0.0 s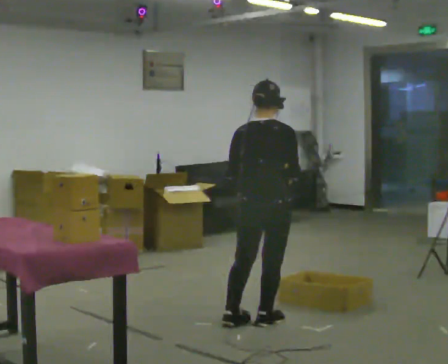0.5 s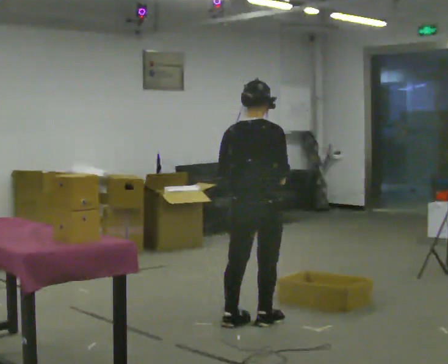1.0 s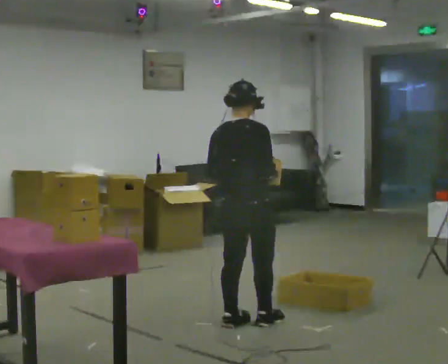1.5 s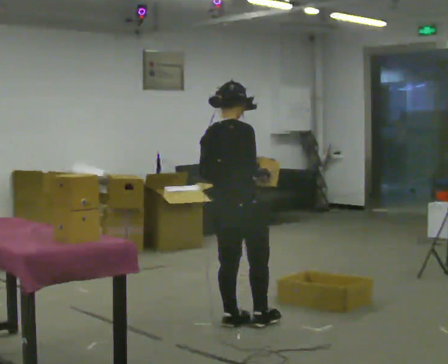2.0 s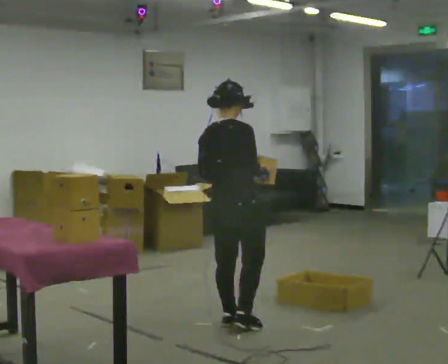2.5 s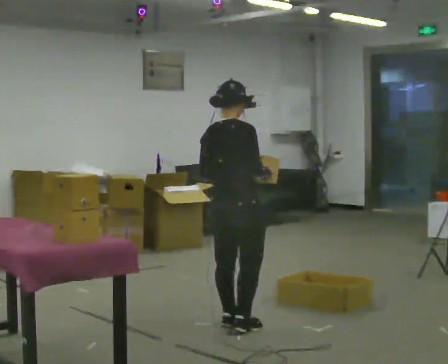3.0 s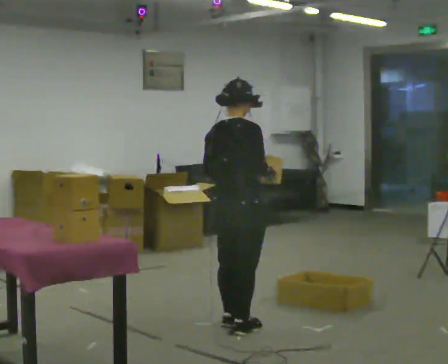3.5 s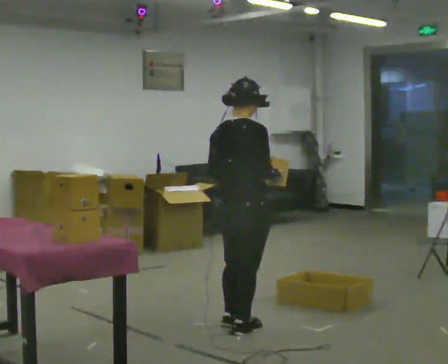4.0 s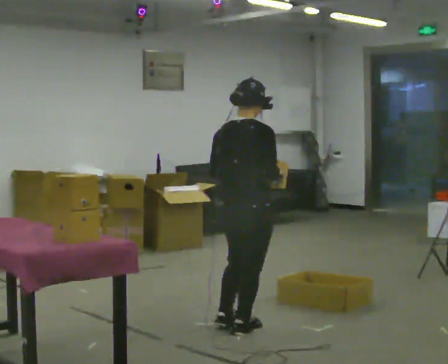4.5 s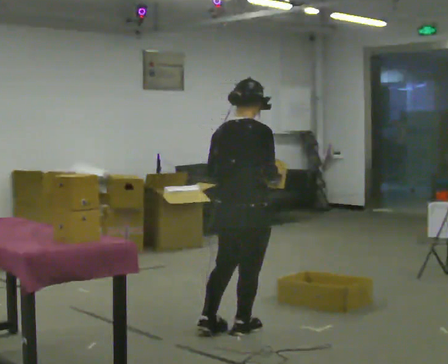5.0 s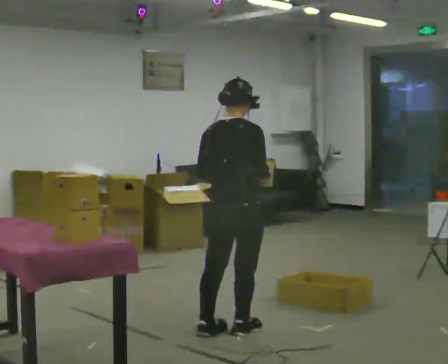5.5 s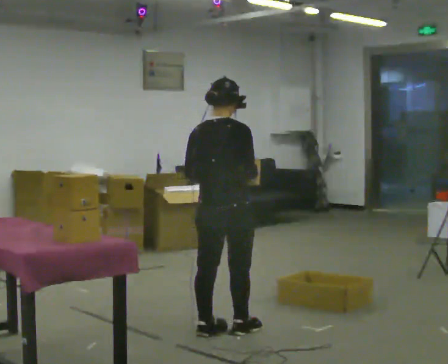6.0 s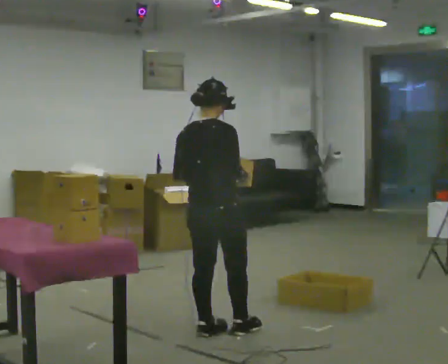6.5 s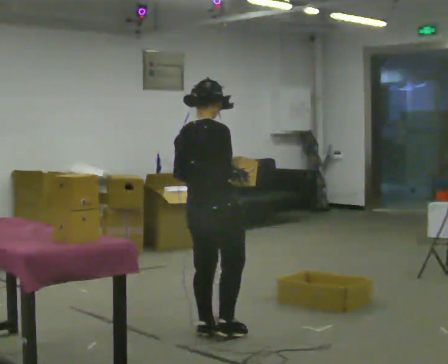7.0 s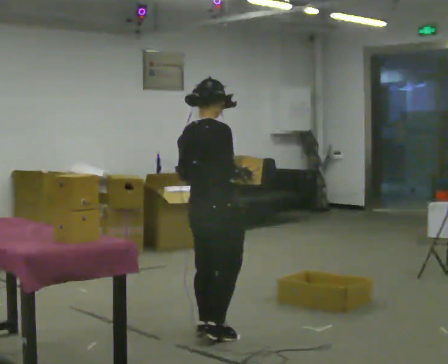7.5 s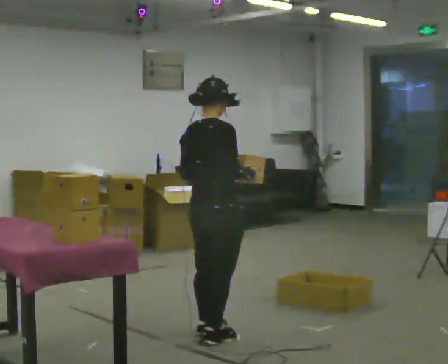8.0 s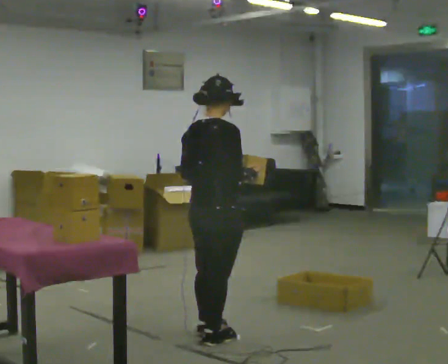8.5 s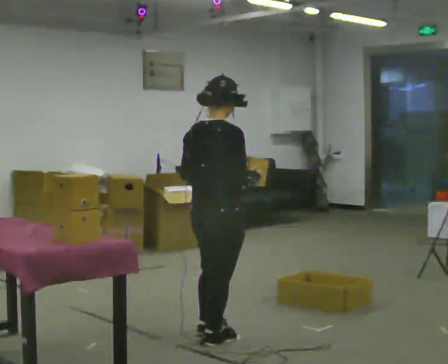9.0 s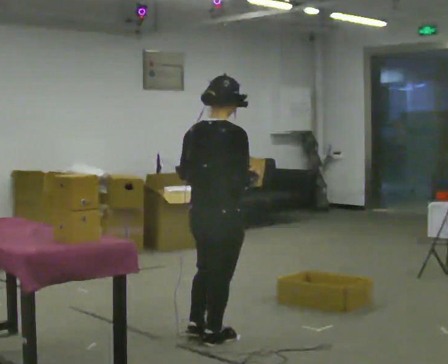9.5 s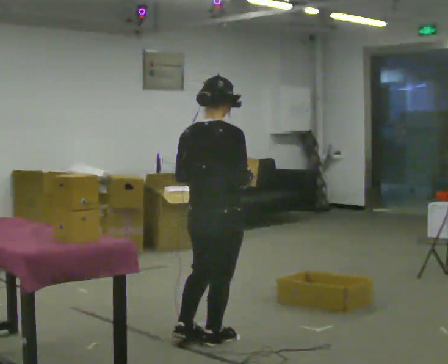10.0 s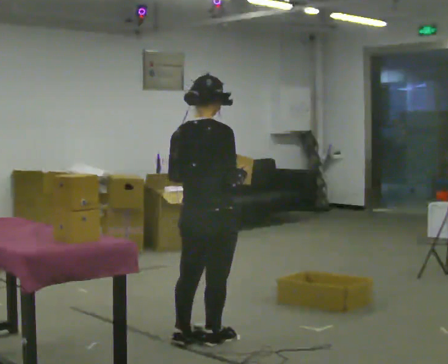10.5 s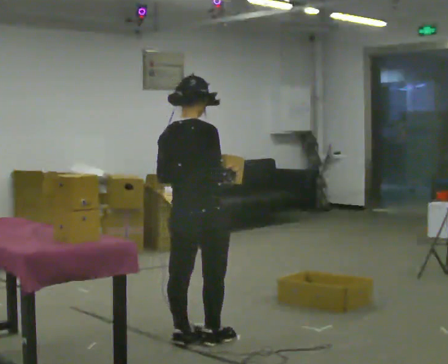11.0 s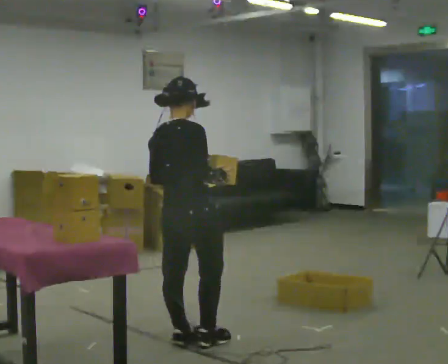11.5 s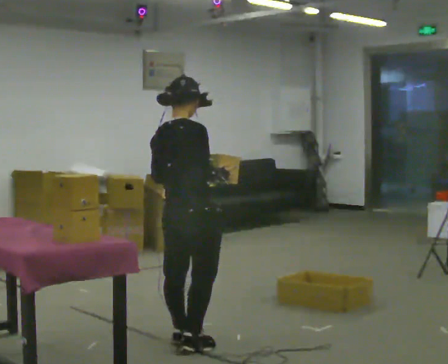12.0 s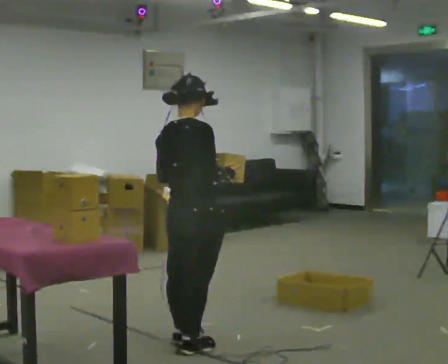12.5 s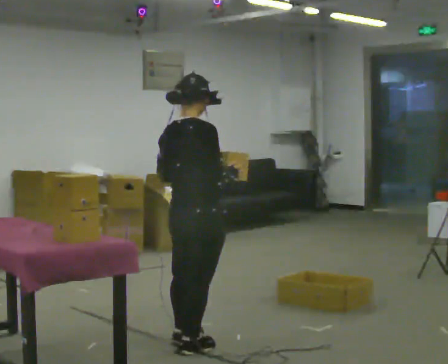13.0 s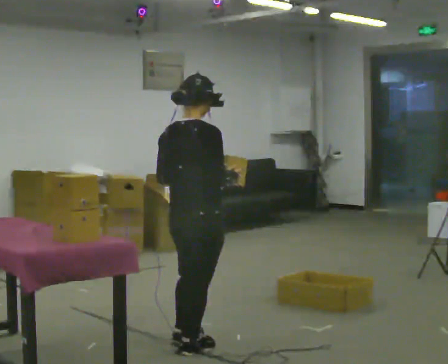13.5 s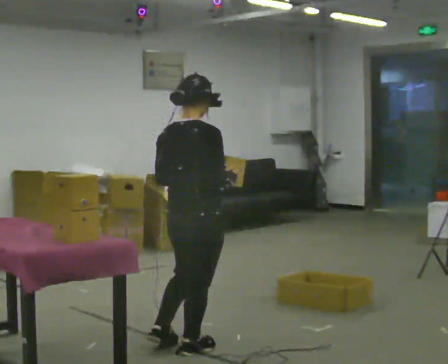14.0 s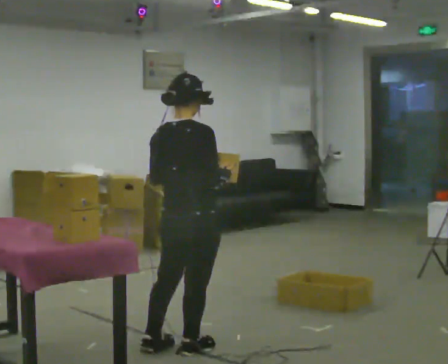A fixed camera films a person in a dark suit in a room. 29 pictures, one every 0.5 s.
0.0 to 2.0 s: In the picture they go to the left, about 0.25 m in 1 step, which for them is to their left and backward.
2.0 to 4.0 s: In the picture they go toward the camera, about 0.25 m in 1 step, which for them is to their right.
4.0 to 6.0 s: In the picture they go to the left, about 0.25 m, which for them is to their left.
6.0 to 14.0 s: In the picture they go toward the camera and to the left, about 0.5 m in 4 steps, which for them is backward.
The film runs backward here.
